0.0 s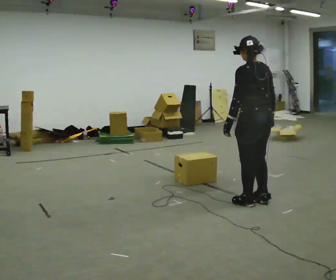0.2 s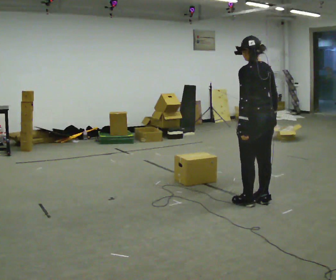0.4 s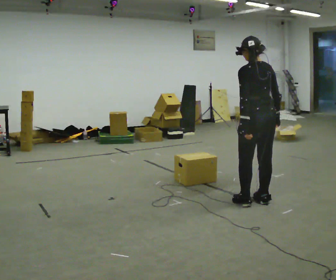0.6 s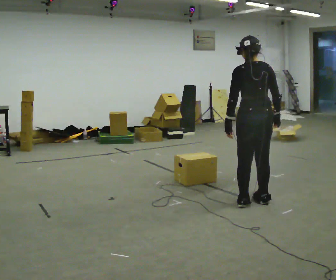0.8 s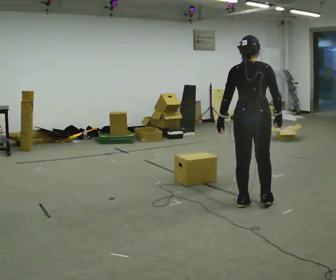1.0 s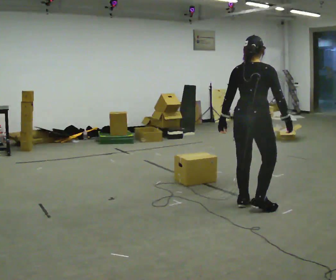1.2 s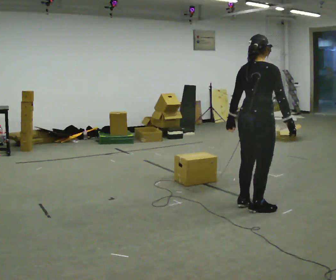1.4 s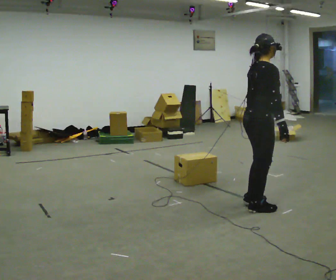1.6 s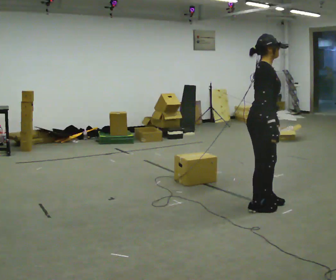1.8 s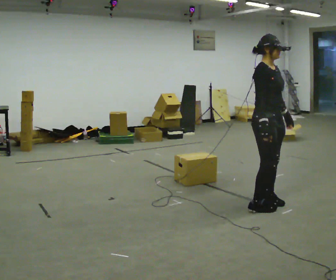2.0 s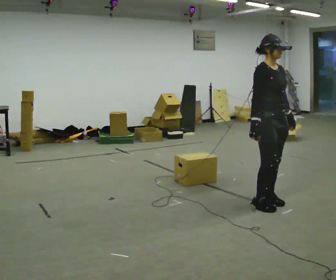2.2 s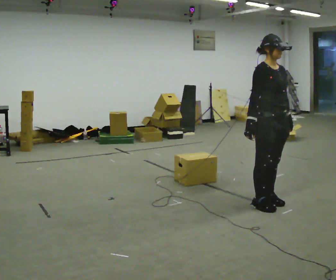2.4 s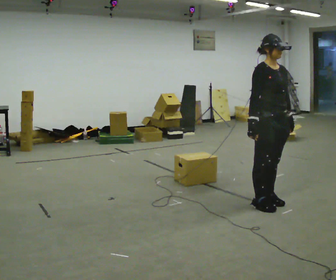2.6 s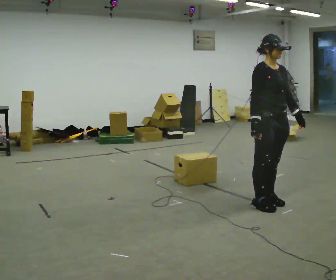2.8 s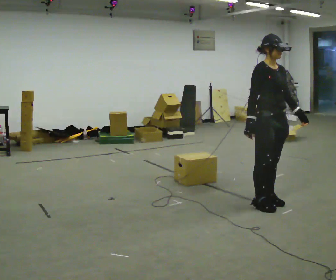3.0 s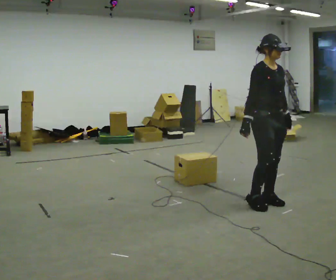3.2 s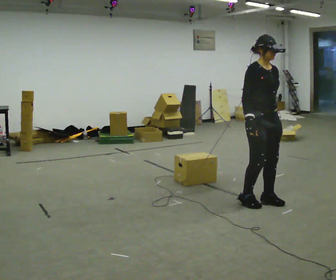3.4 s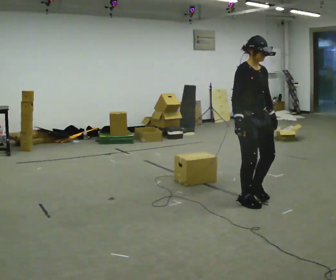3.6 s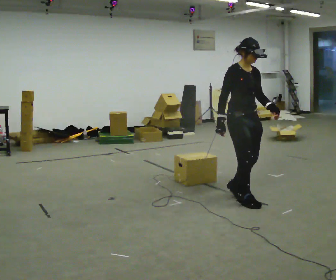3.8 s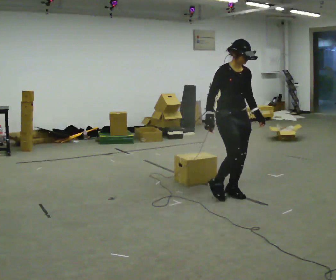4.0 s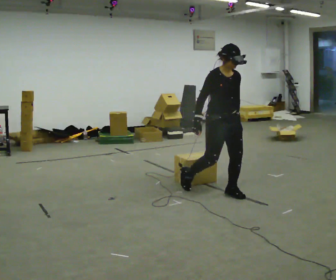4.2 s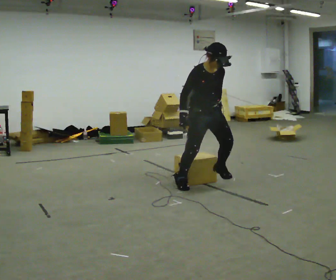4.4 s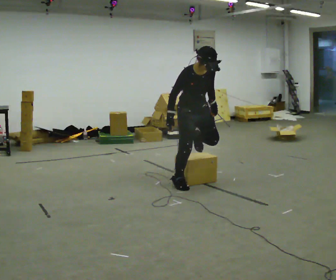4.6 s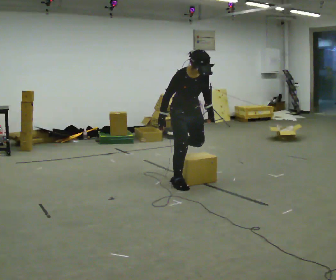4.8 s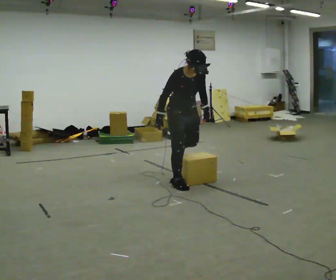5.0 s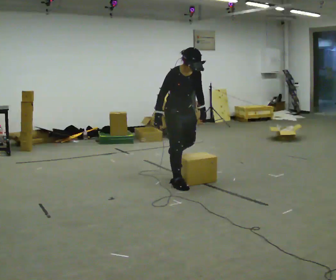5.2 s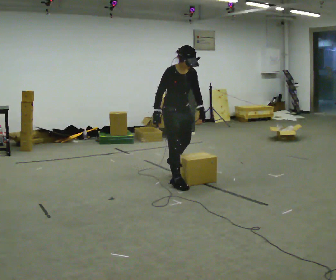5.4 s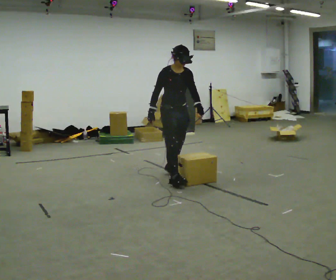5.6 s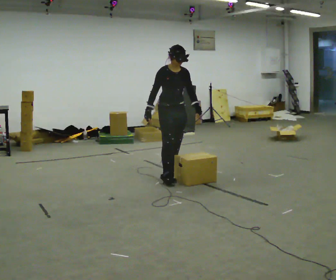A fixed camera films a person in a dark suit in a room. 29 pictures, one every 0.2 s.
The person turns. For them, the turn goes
to their right.
The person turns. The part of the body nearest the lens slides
to the left.
0.0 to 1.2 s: The part of the body nearest the lens slides to the left as the person turns to their right by about 90 degrees.
1.2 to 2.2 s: The part of the body nearest the lens slides to the left as the person turns to their right by about 90 degrees. In the picture their right hand goes to the left, the arm swinging clockwise.
2.2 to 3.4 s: In the picture they go to the left, about 0.25 m in 2 steps, which for them is backward.
3.4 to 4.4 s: In the picture they go to the left and away from the camera, about 0.5 m in 2 steps, which for them is backward. The upper body tips toward the camera, its near side rolling downward, as they bend forward.
4.4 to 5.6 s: In the picture they go away from the camera and to the left, about 0.5 m in 1 step, which for them is backward.
The film runs backward here.
